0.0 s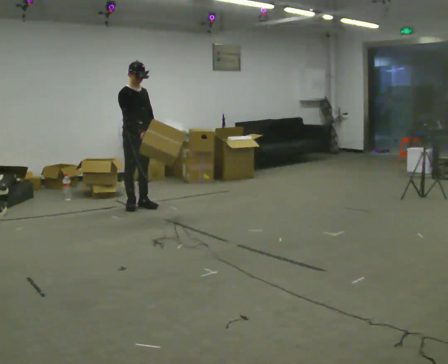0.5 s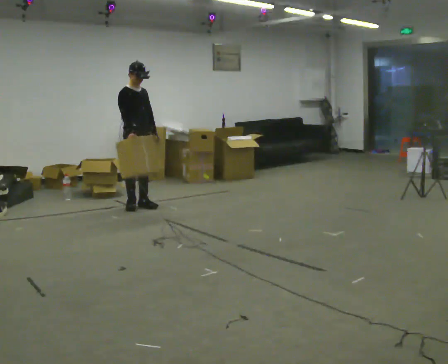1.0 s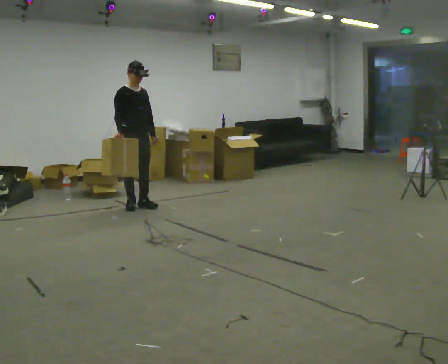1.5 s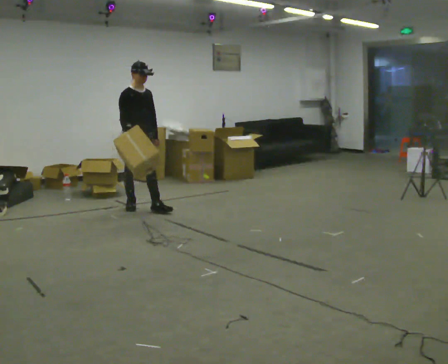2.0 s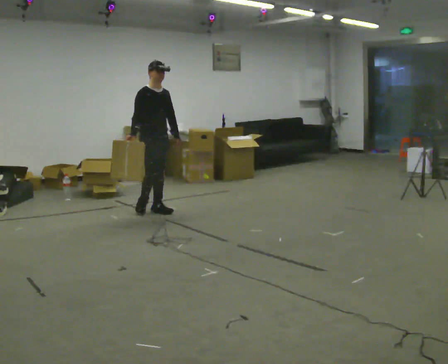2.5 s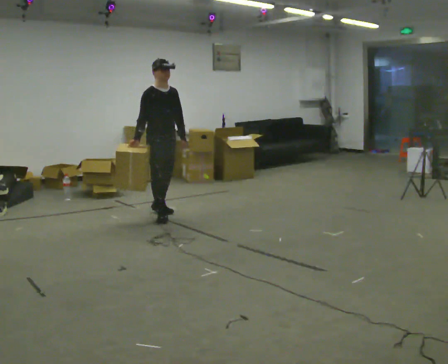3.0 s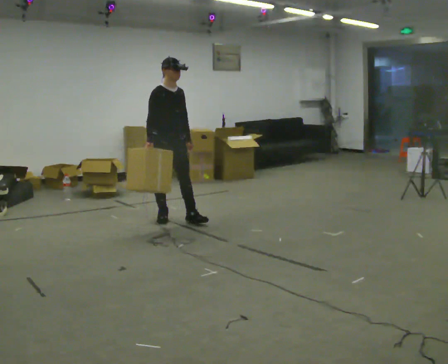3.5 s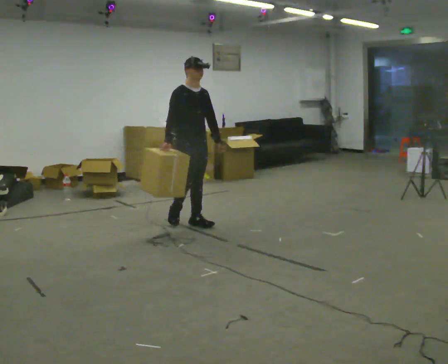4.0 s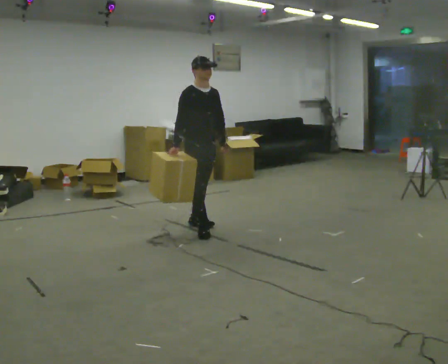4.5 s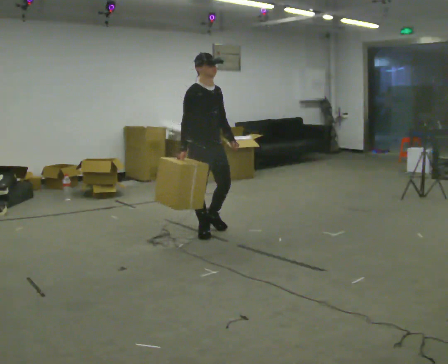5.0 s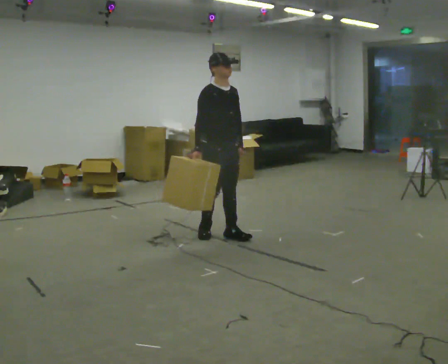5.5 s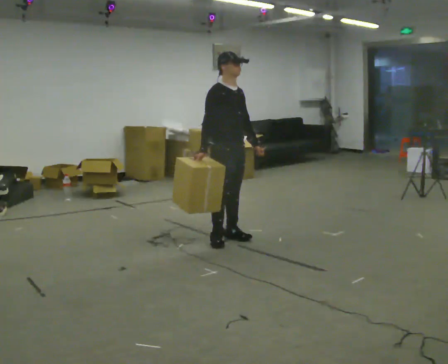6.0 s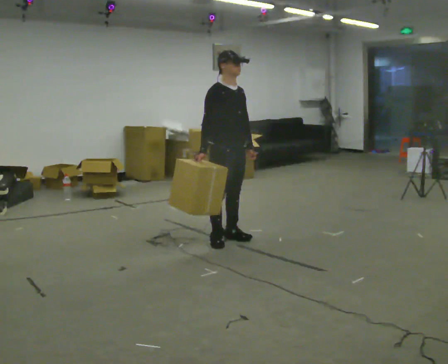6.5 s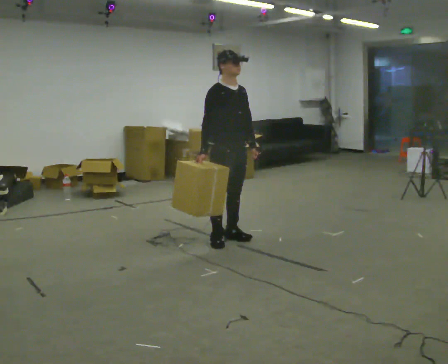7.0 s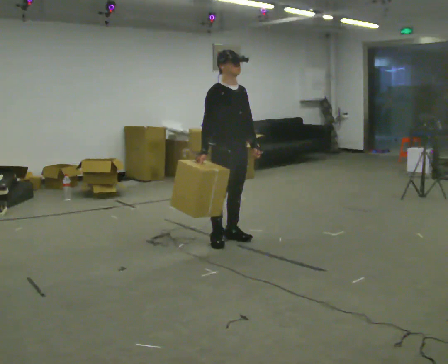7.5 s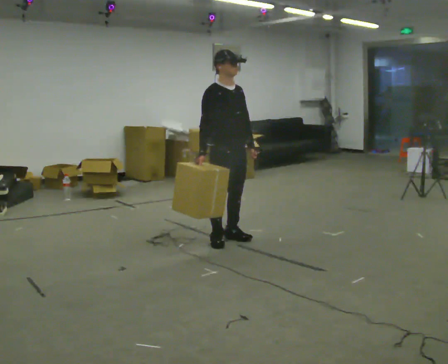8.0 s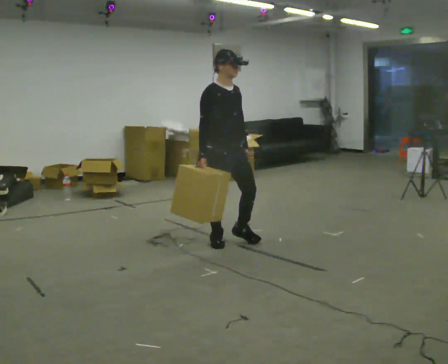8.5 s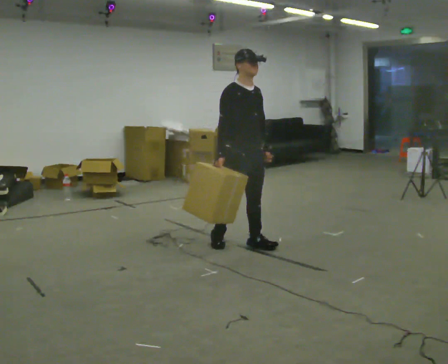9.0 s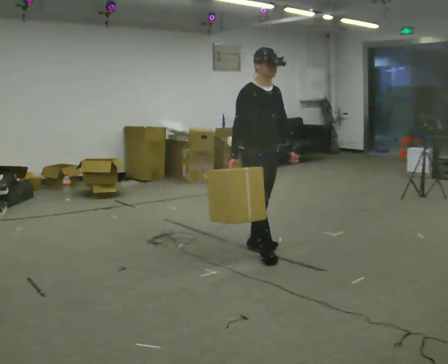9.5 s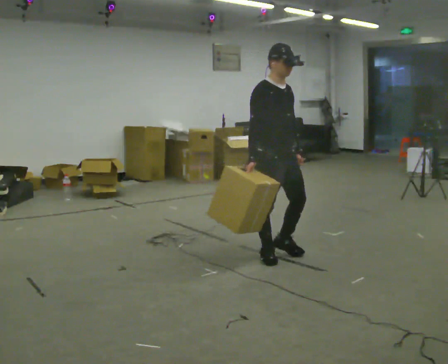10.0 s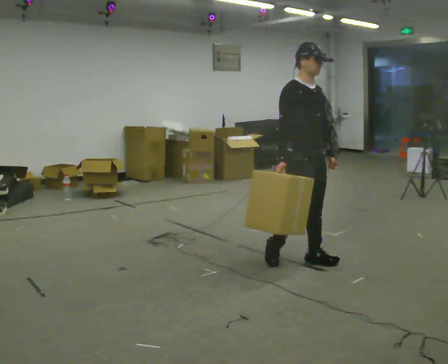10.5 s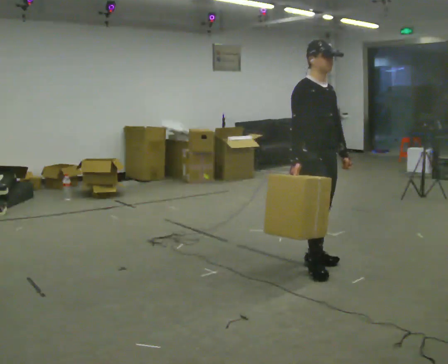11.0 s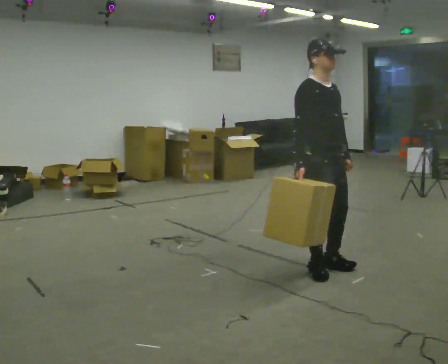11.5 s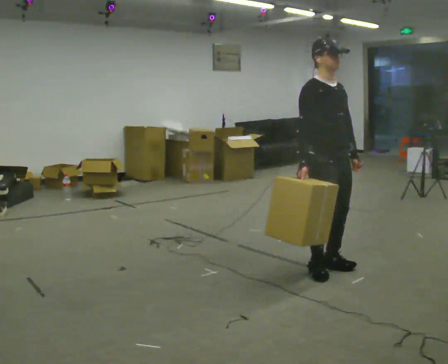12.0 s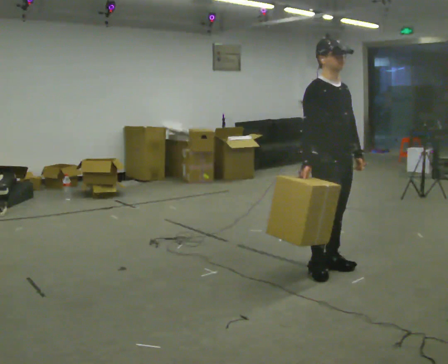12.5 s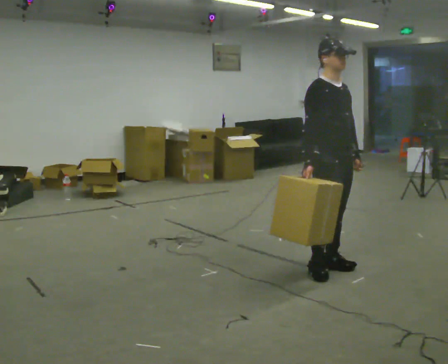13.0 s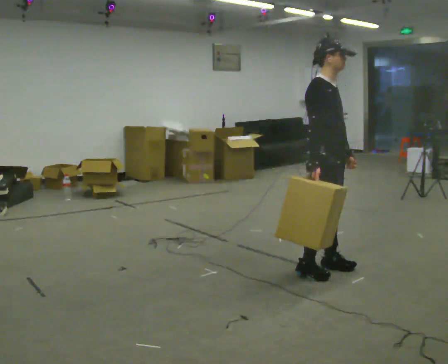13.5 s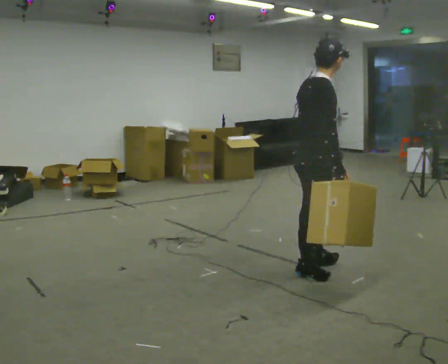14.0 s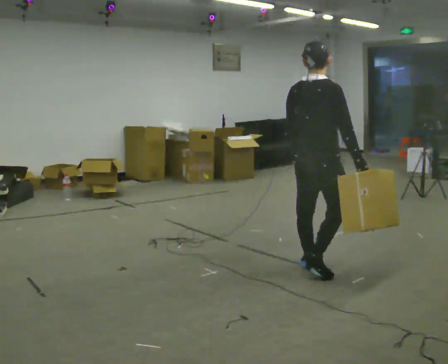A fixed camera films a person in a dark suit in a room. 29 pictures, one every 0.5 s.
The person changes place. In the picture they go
toward the camera.
0.0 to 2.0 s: In the picture they go toward the camera and to the right, about 0.25 m in 1 step, which for them is forward.
2.0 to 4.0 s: In the picture they go toward the camera and to the right, about 1 m in 3 steps, which for them is forward.
4.0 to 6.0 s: In the picture they go toward the camera, about 0.5 m in 2 steps, which for them is forward.
6.0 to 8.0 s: The person moves a little, or ends about where they began.
8.0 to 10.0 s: In the picture they go toward the camera and to the right, about 1 m in 3 steps, which for them is forward.
10.0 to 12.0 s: In the picture they go toward the camera, about 0.25 m in 2 steps, which for them is forward.
12.0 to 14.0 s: The person turns about 105 degrees to their left, counterclockwise seen from above, so the part of the body nearest the lens slides to the right. In the picture their right hand goes to the right, the arm swinging counterclockwise.
The film runs forward here.
